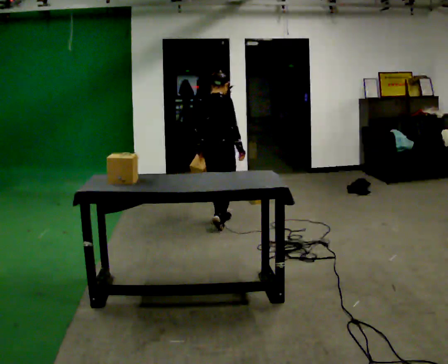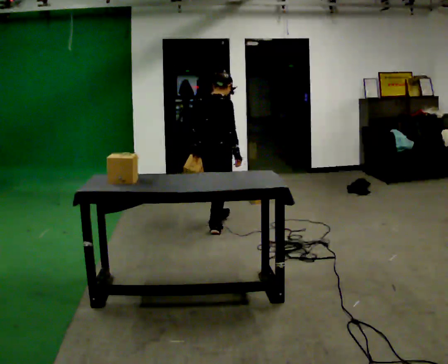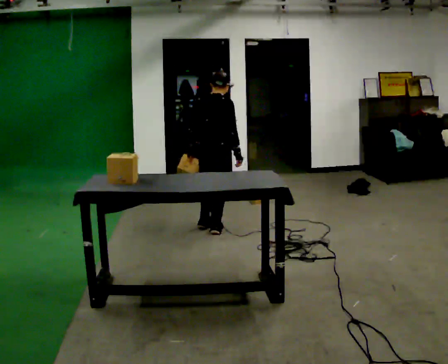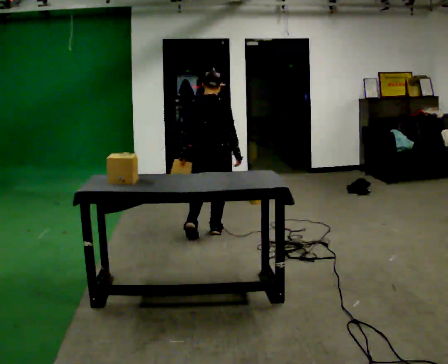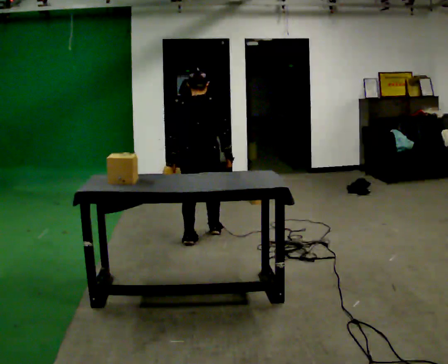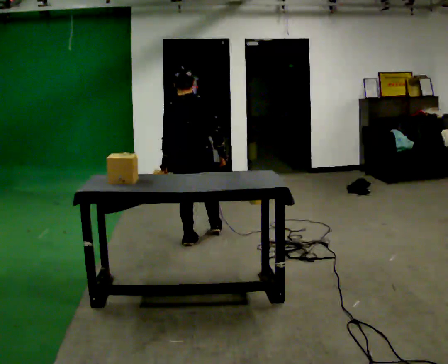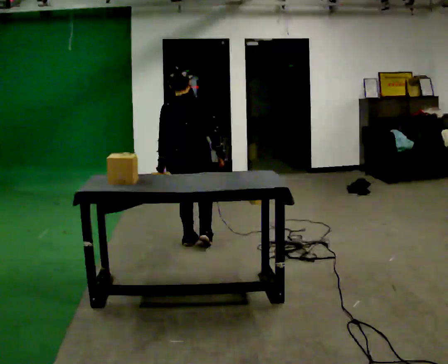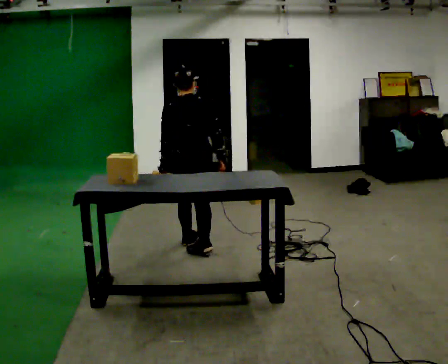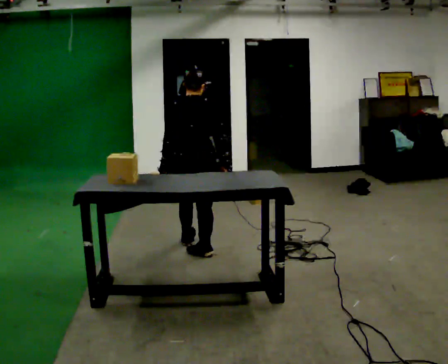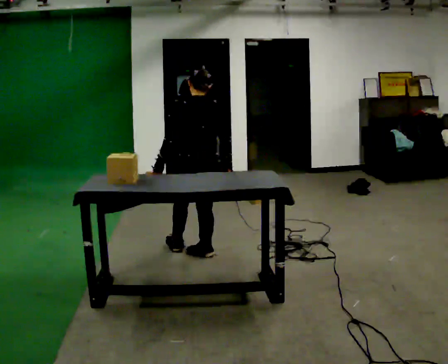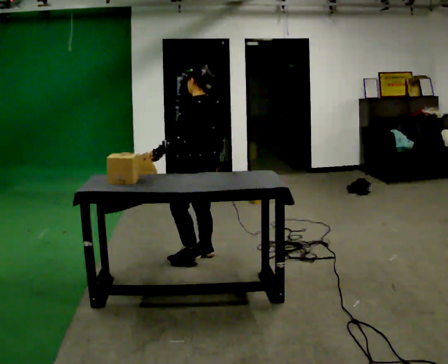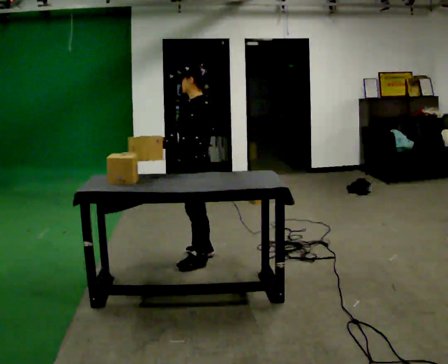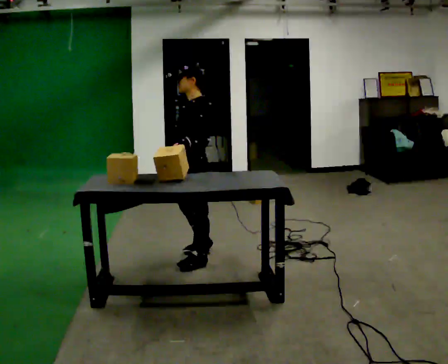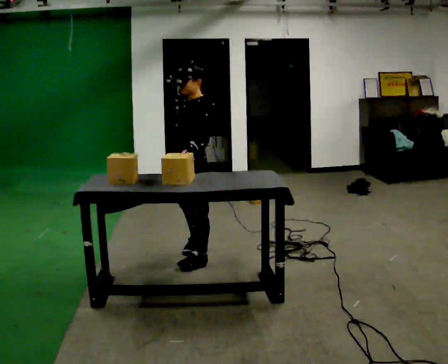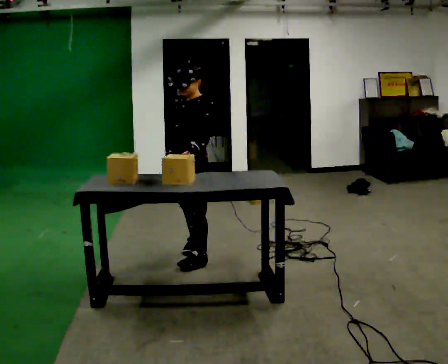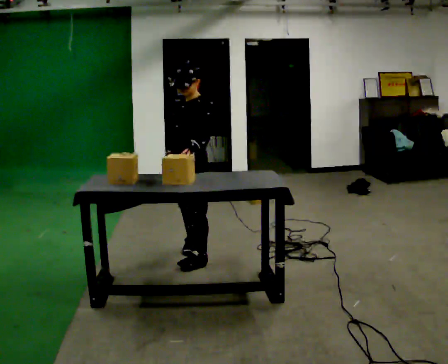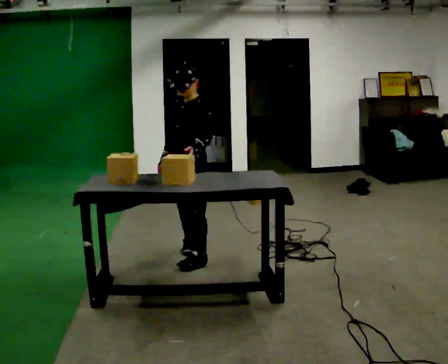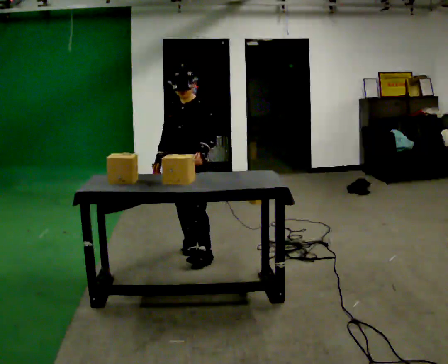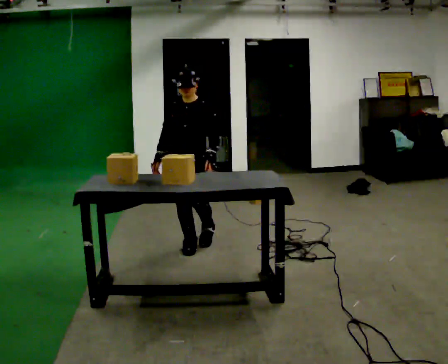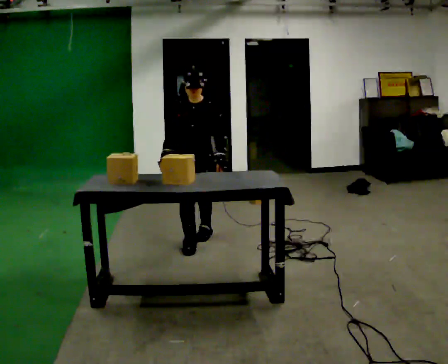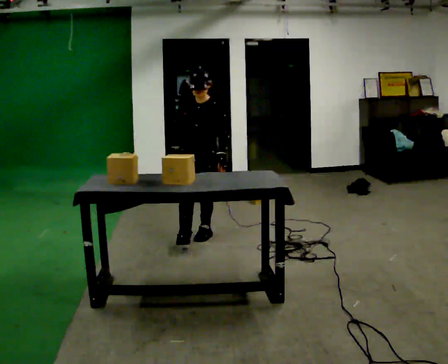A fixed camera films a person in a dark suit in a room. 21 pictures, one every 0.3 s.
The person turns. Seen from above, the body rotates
counterclockwise.
The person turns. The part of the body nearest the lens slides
to the right.
0.0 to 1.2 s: The person turns about 30 degrees to their left, counterclockwise seen from above, so the part of the body nearest the lens slides to the right. In the picture they go toward the camera, about 0.5 m in 1 step, which for them is backward.
1.2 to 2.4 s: In the picture they go toward the camera, about 0.25 m in 1 step, which for them is backward.
2.4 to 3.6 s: Seen from above the body turns counterclockwise, about 105 degrees: to their left, with its near side sliding to the right. In the picture they go toward the camera, about 0.25 m in 2 steps. In the picture their right hand goes to the left, the arm swinging clockwise.
3.6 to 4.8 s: Seen from above the body turns counterclockwise, about 30 degrees: to their left, with its near side sliding to the right.
4.8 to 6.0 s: Seen from above the body turns counterclockwise, about 30 degrees: to their left, with its near side sliding to the right. In the picture they go away from the camera, about 0.5 m in 2 steps, which for them is backward.
The film runs backward here.
